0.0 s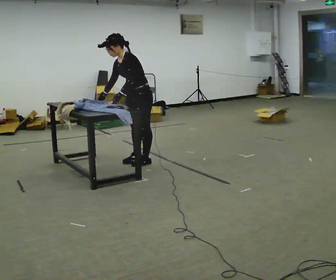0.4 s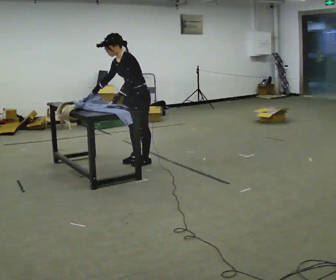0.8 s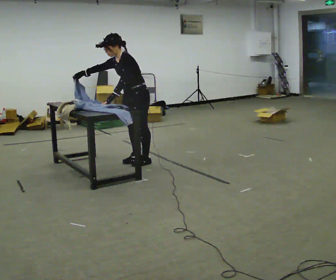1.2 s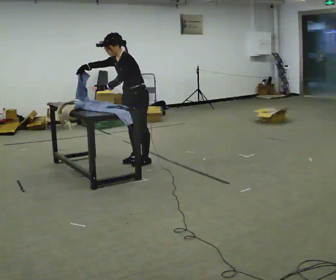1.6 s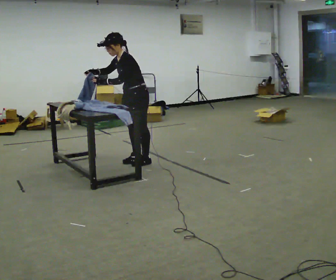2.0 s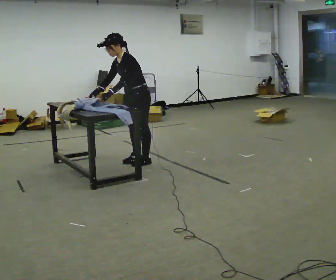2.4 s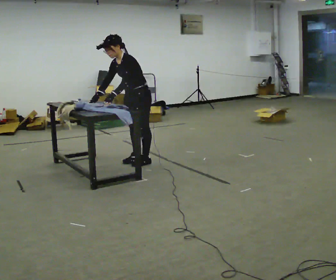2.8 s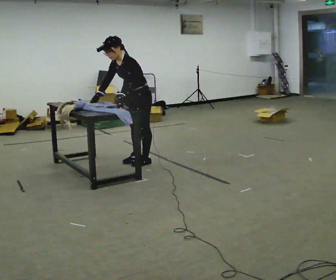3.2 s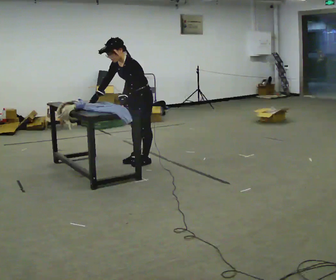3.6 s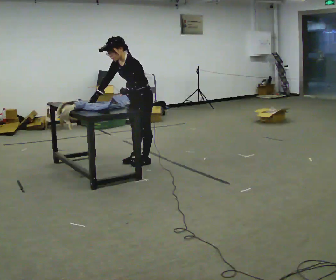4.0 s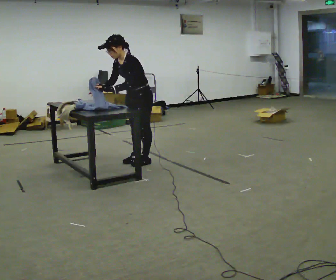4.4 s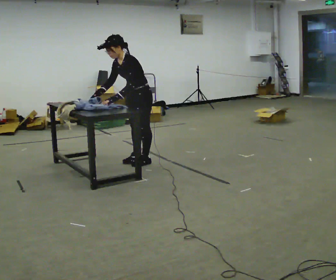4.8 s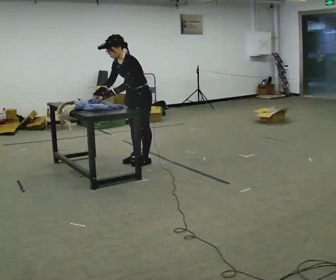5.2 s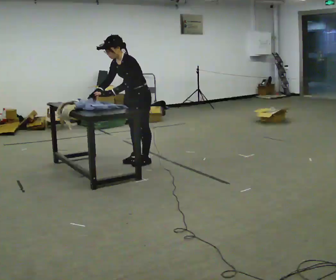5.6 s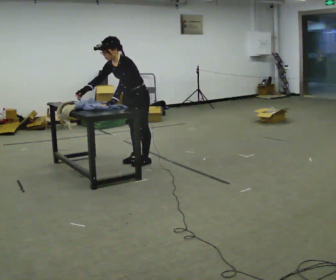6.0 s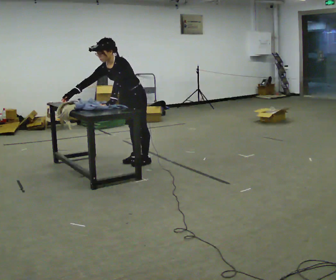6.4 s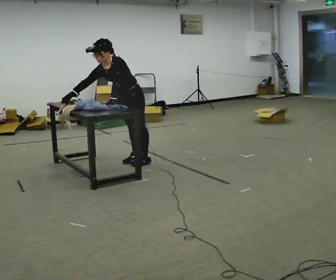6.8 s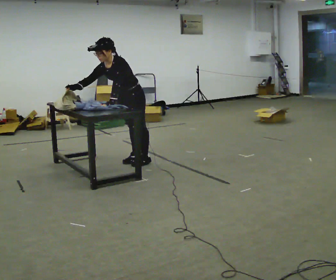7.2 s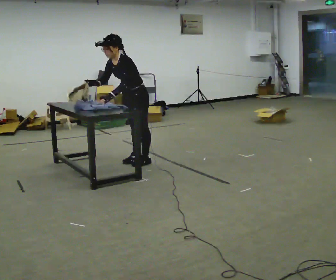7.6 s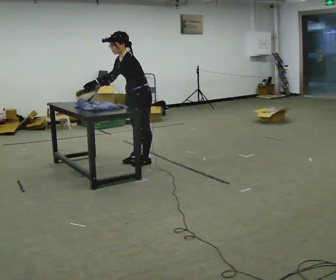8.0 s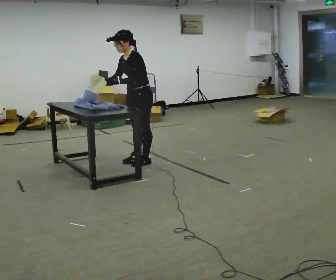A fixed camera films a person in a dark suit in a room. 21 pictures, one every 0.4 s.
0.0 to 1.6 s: The person moves a little, or ends about where they began.
1.6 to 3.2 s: The upper body tips toward the camera, its near side rolling downward, as they bend forward.
3.2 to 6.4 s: The person moves a little, or ends about where they began.
6.4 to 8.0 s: The upper body tips away from the camera, its near side rolling upward, as they lean back or straighten.
The film runs forward here.
